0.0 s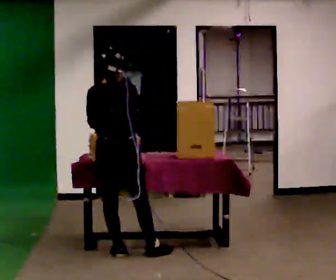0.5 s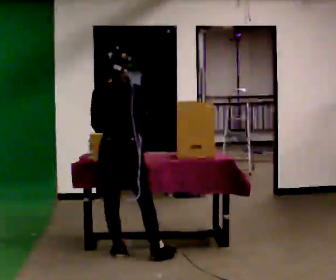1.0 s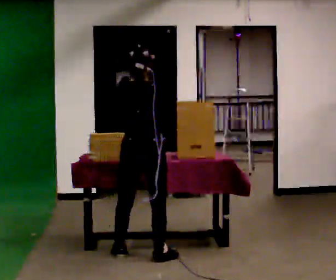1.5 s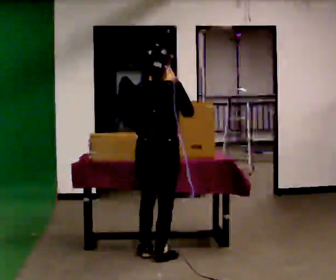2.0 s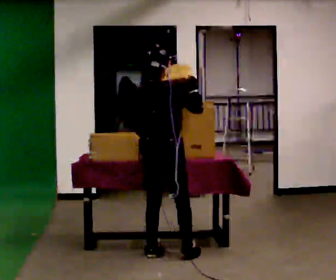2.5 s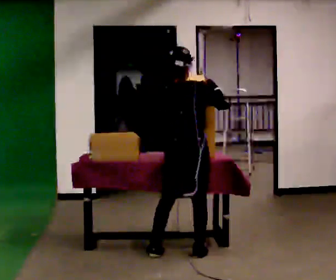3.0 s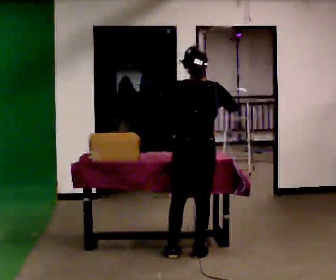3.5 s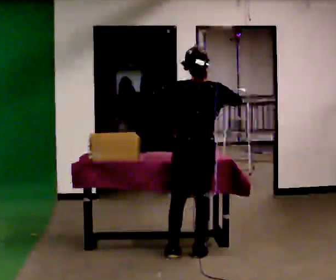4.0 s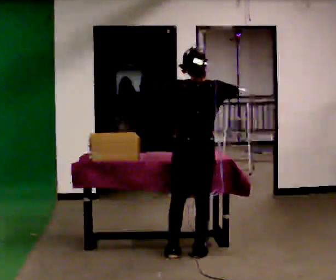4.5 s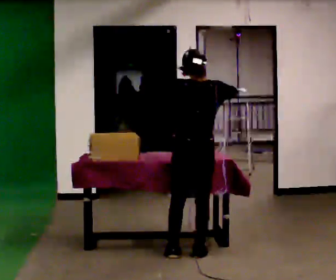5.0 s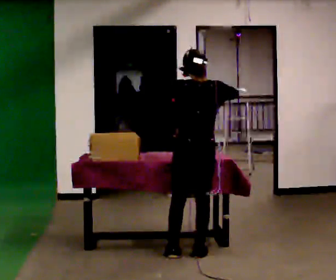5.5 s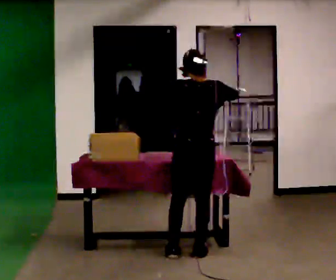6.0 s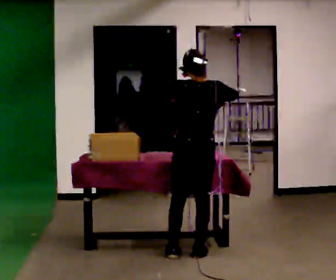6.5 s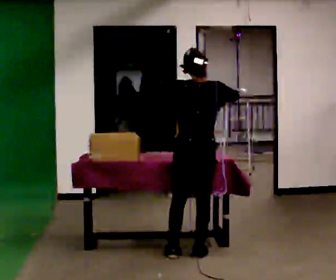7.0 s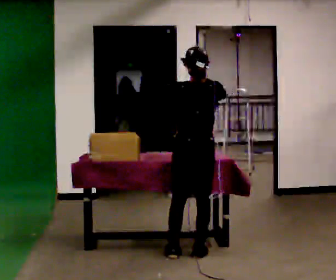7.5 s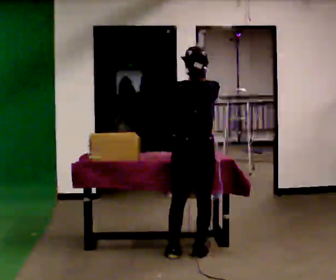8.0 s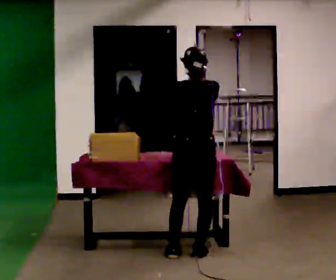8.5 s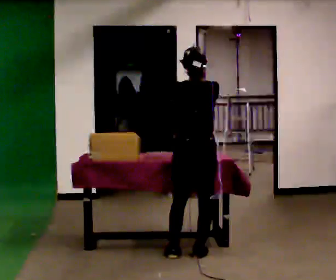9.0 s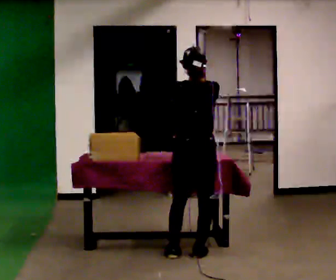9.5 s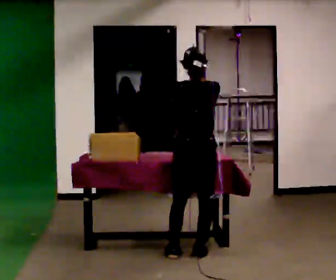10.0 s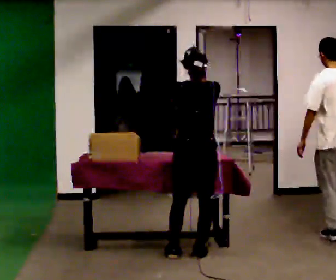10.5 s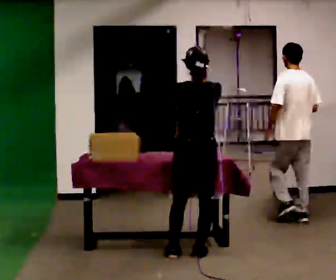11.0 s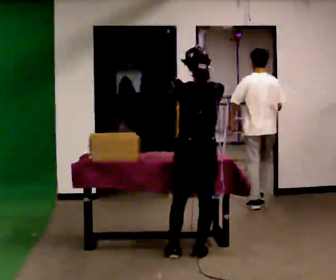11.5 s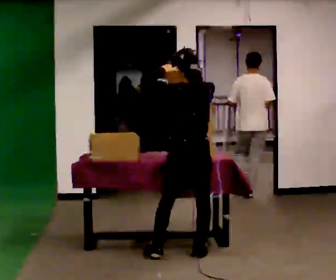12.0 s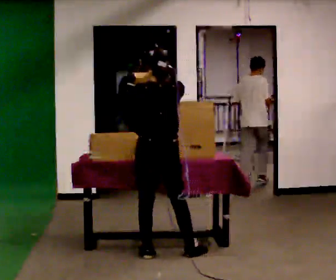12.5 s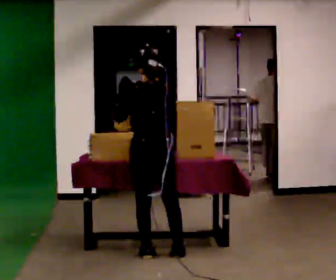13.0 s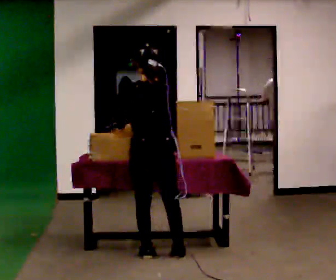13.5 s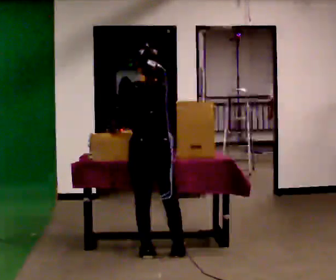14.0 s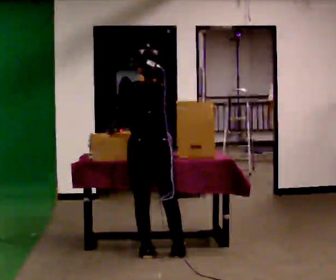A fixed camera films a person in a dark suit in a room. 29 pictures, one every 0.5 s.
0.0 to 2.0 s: In the picture they go to the right, about 0.25 m in 1 step, which for them is to their right. In the picture their right hand goes upward.
2.0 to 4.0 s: The part of the body nearest the lens slides to the right as the person turns to their left by about 30 degrees. In the picture they go to the right, about 0.25 m in 2 steps, which for them is to their right.
4.0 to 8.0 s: The person moves a little, or ends about where they began.
8.0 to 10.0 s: The person keeps their place and pose.
10.0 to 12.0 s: In the picture they go to the left, about 0.25 m in 1 step, which for them is to their left.
12.0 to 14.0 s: In the picture their left hand goes downward, the arm swinging counterclockwise.
The film runs forward here.
